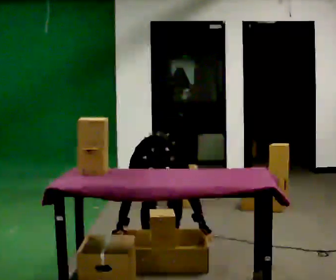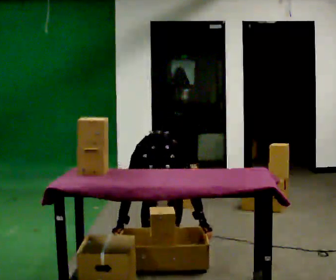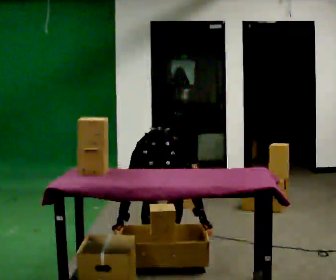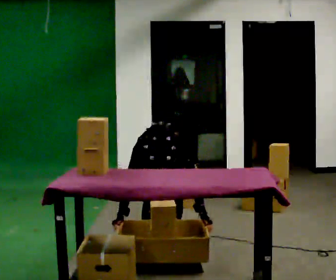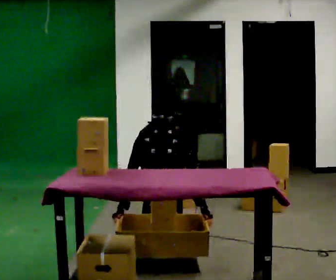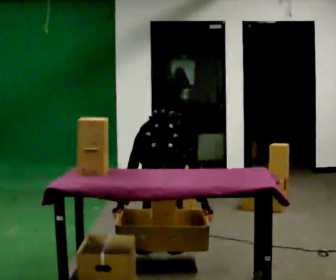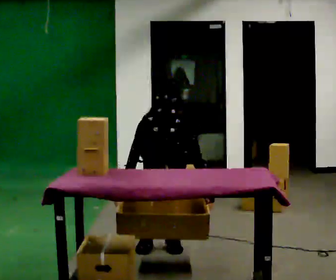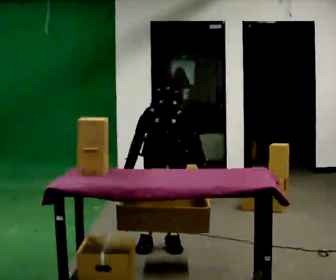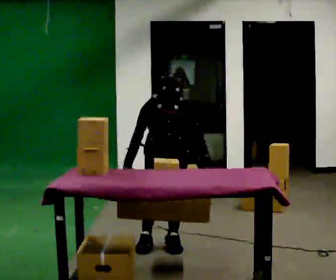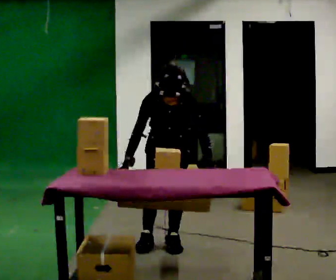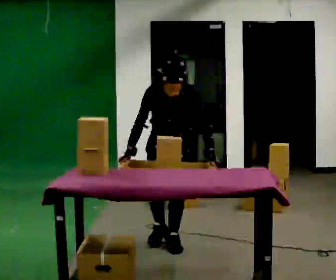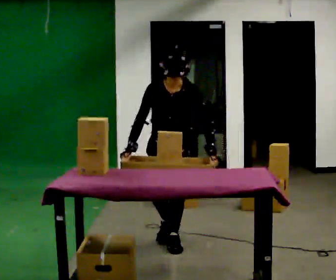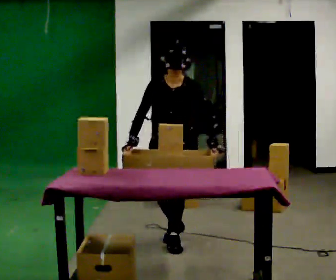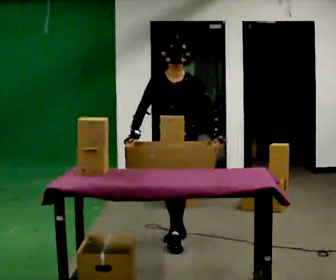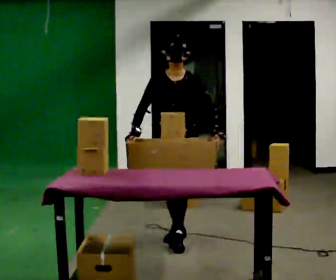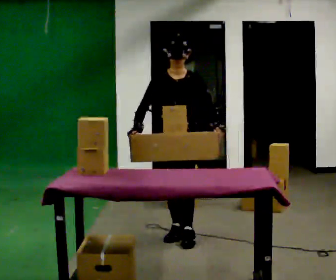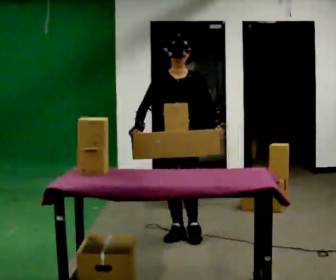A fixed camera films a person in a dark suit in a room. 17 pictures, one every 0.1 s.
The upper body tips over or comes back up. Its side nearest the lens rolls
upward.
Their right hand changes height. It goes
upward.
0.0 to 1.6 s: In the picture they go to the right, about 0.25 m in 2 steps, which for them is backward and to their left. The upper body goes upward. The upper body tips away from the camera, its near side rolling upward, as they lean back or straighten. In the picture their left hand goes upward.
The film runs backward here.
